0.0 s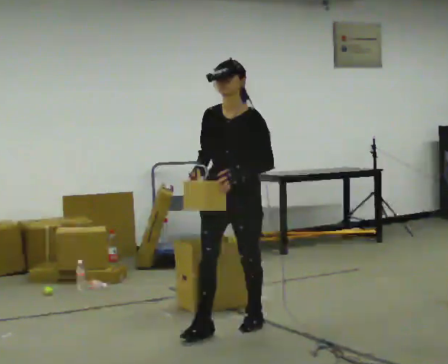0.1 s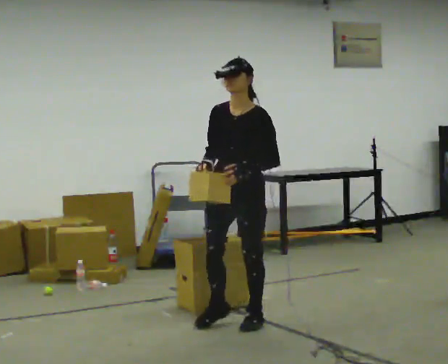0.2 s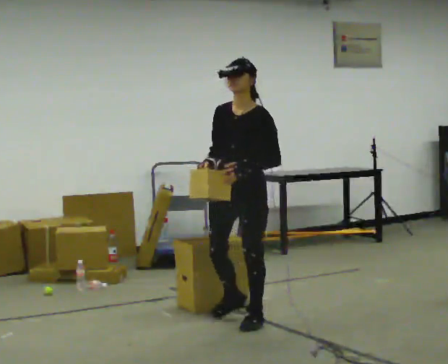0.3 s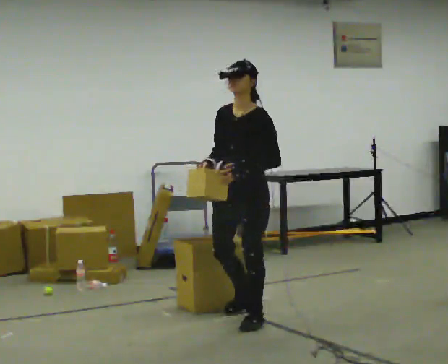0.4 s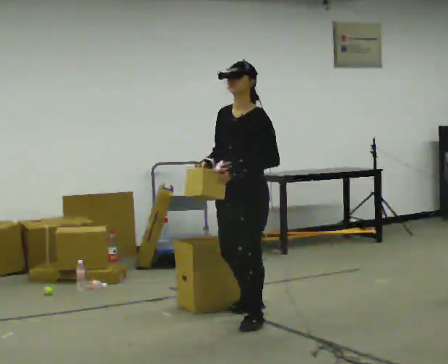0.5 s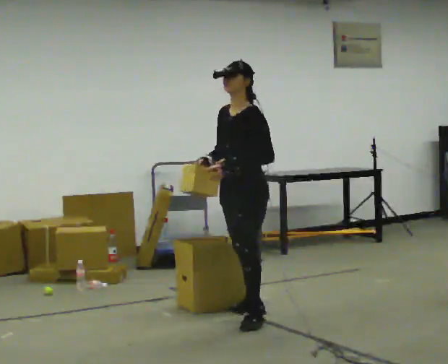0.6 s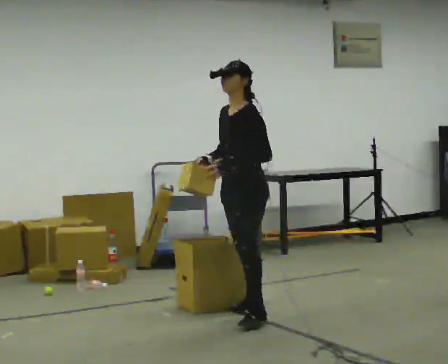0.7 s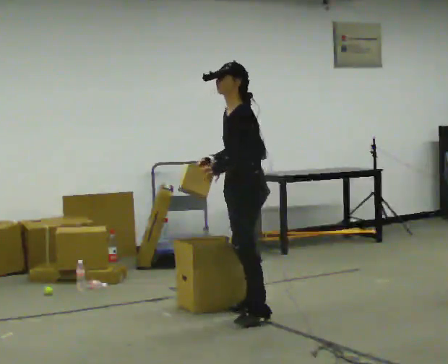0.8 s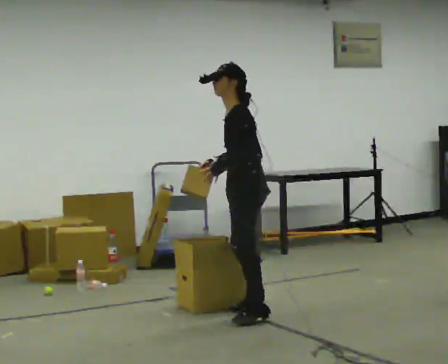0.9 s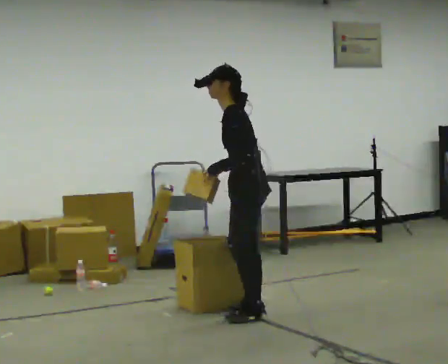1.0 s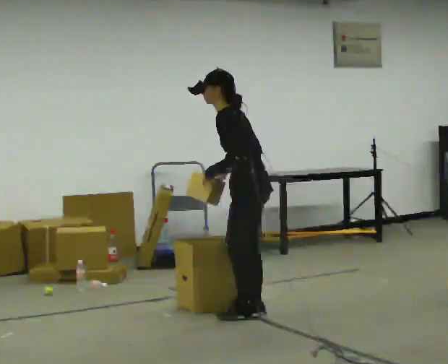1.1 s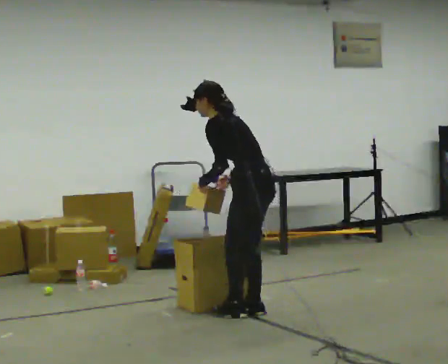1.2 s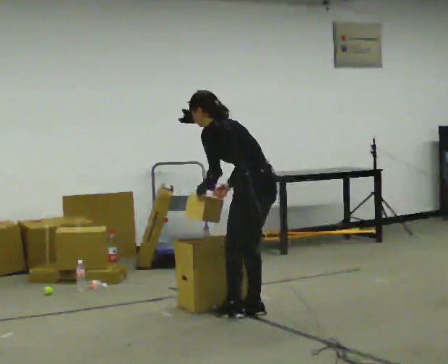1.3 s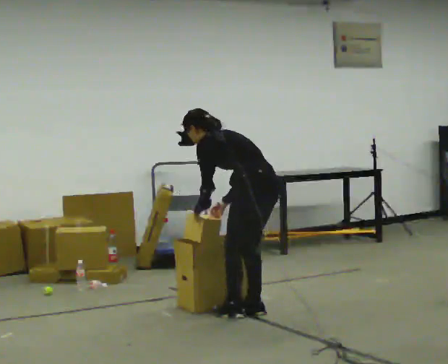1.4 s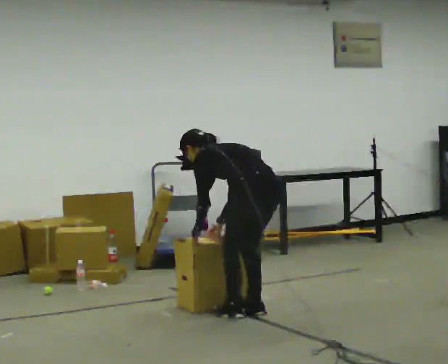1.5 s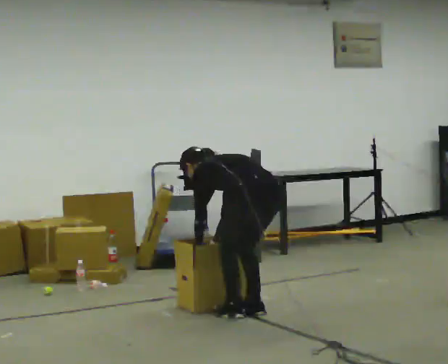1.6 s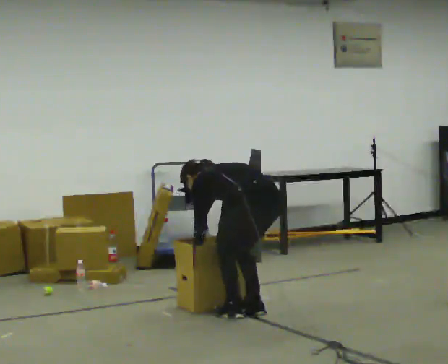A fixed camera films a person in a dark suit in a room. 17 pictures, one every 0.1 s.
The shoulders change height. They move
downward.
Their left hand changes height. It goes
downward.
0.0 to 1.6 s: The part of the body nearest the lens slides to the left as the person turns to their right by about 105 degrees. In the picture they go away from the camera, about 0.25 m in 1 step. The shoulders move downward. The upper body tips away from the camera, its near side rolling upward, as they bend forward. In the picture their right hand goes downward.
The film runs backward here.
